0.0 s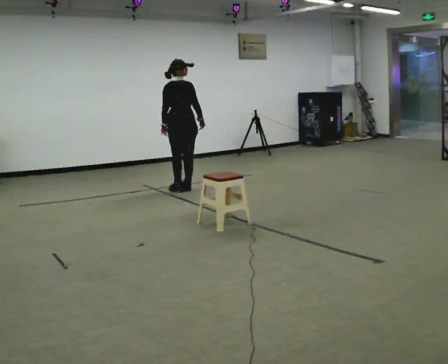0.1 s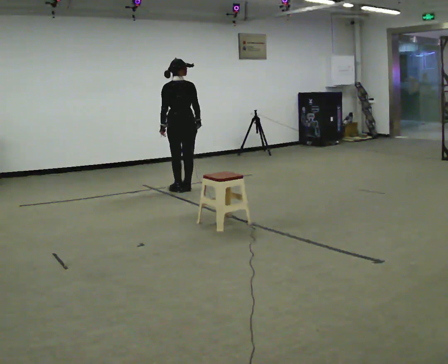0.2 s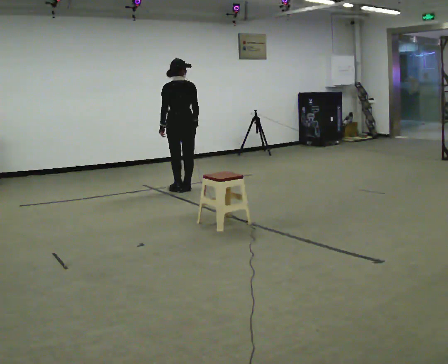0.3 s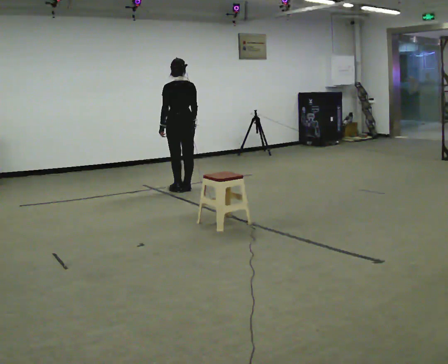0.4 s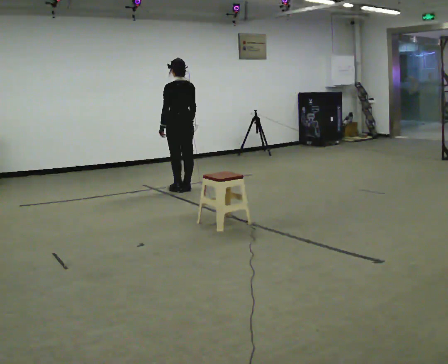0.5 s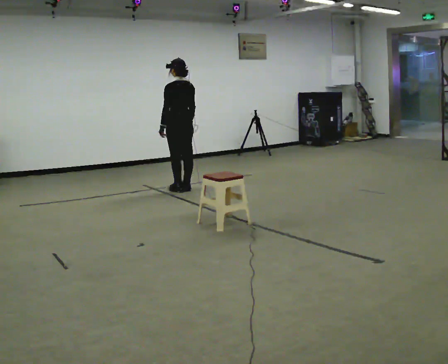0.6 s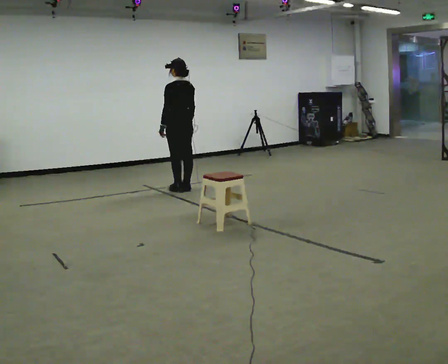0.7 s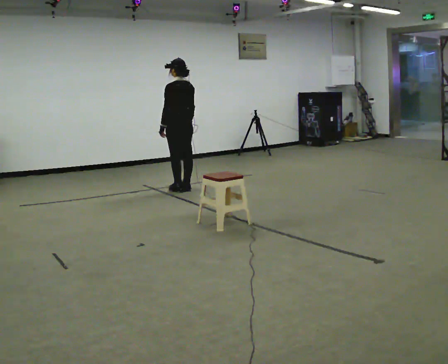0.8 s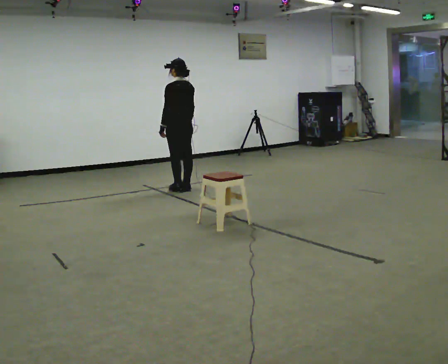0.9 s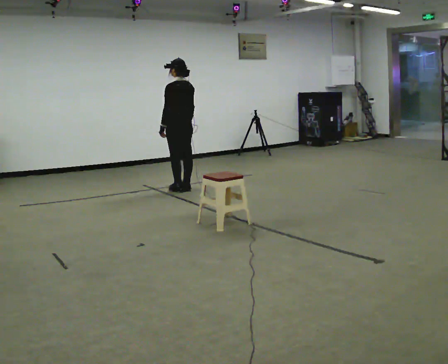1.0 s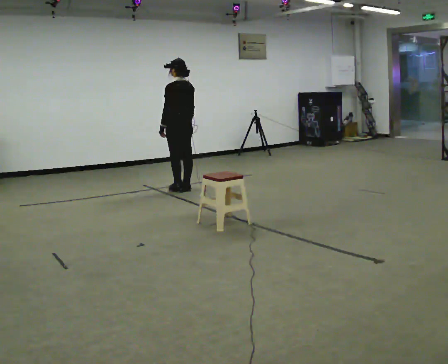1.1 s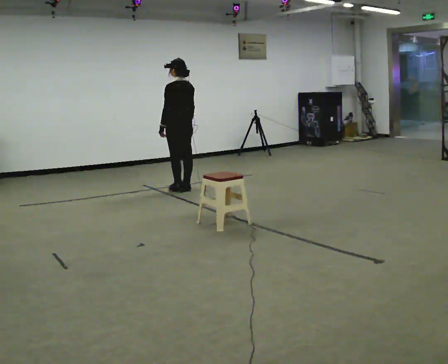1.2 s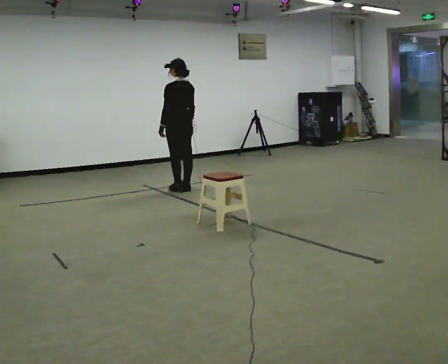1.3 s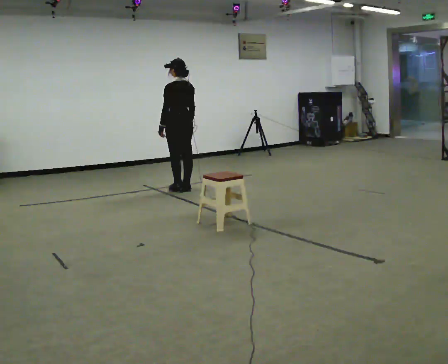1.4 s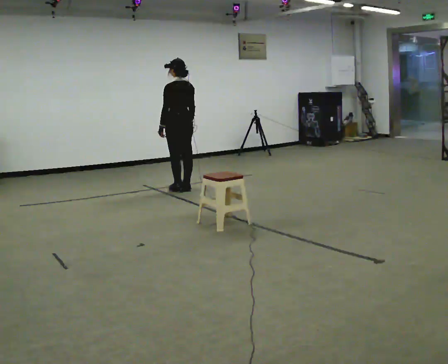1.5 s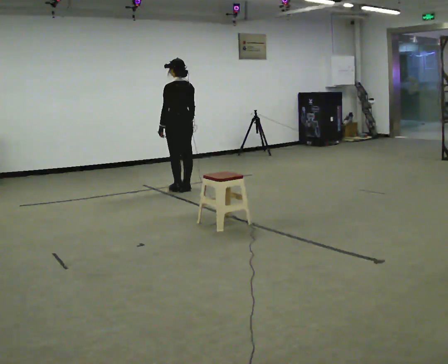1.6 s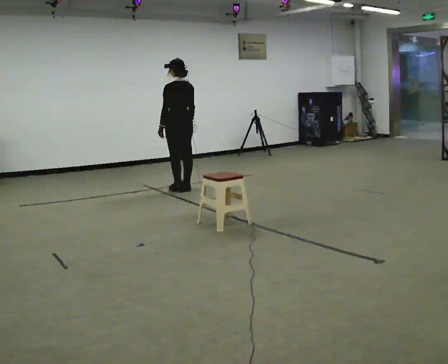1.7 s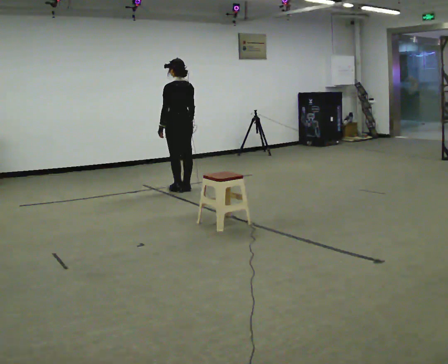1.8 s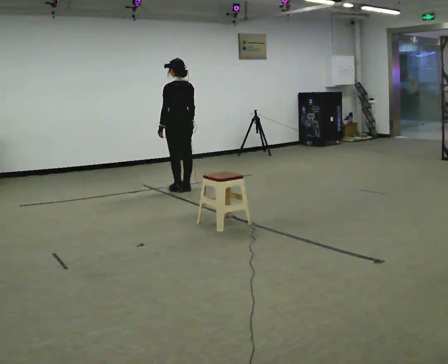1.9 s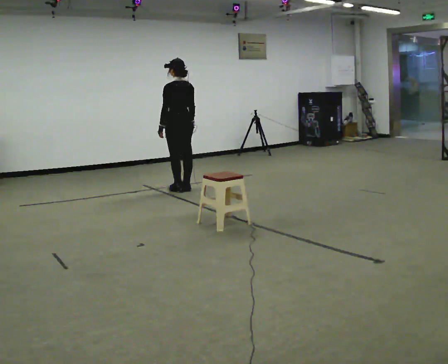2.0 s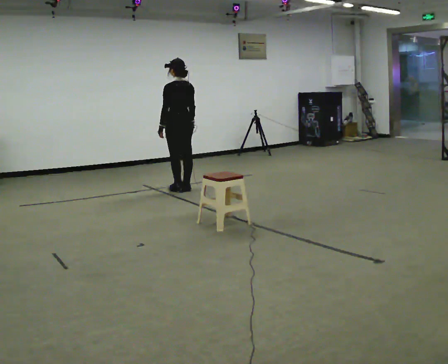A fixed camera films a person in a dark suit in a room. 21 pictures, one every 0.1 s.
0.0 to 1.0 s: The person turns about 60 degrees to their left, counterclockwise seen from above, so the part of the body nearest the lens slides to the right.
1.0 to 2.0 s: The person moves a little, or ends about where they began.
The film runs backward here.
